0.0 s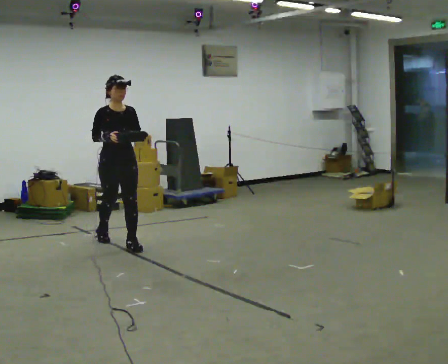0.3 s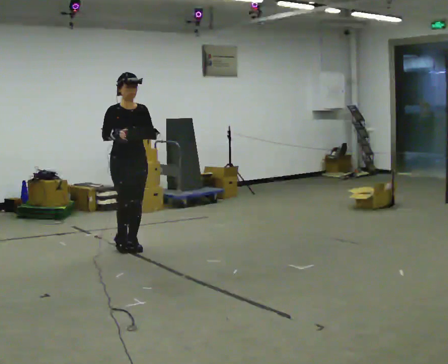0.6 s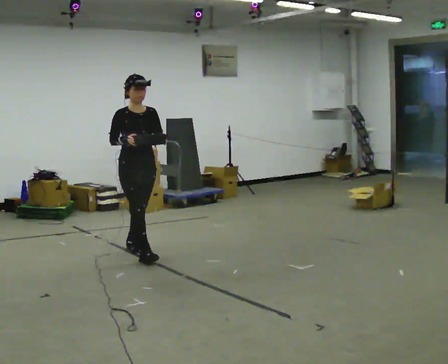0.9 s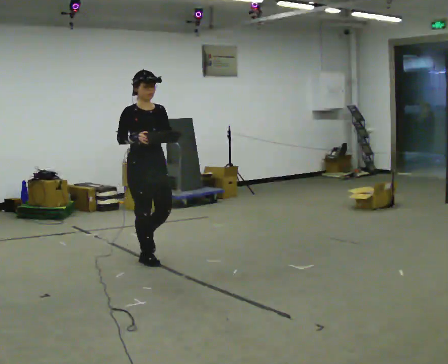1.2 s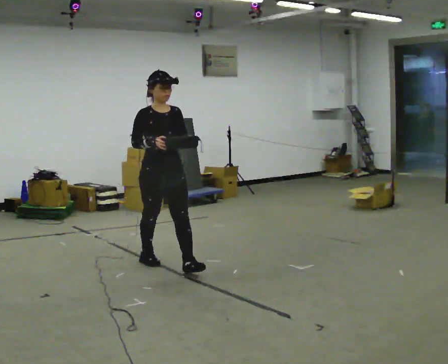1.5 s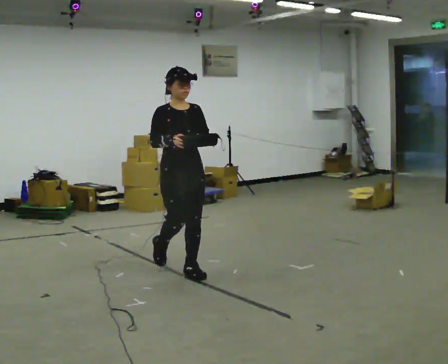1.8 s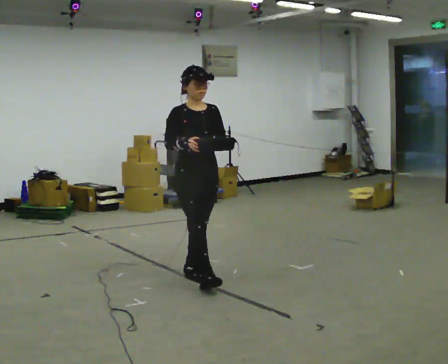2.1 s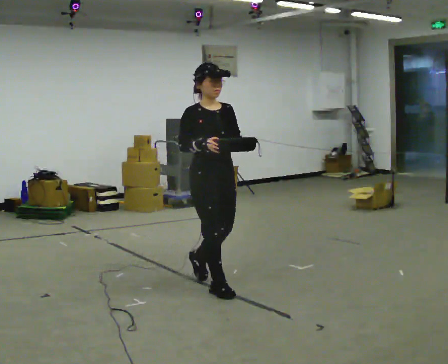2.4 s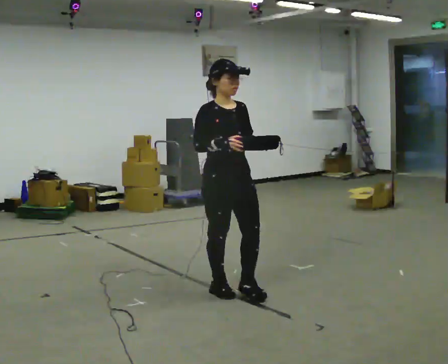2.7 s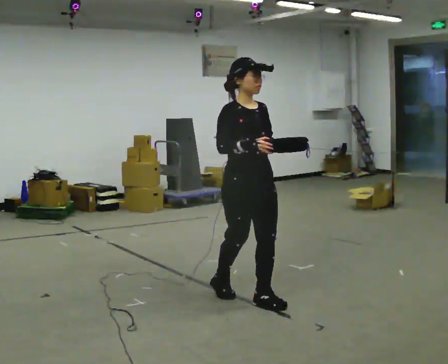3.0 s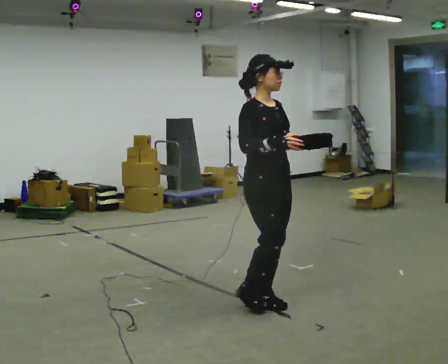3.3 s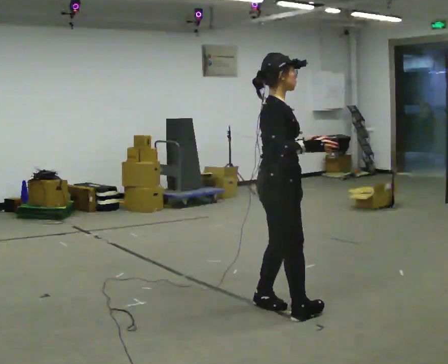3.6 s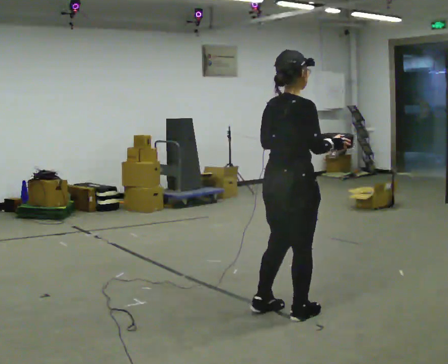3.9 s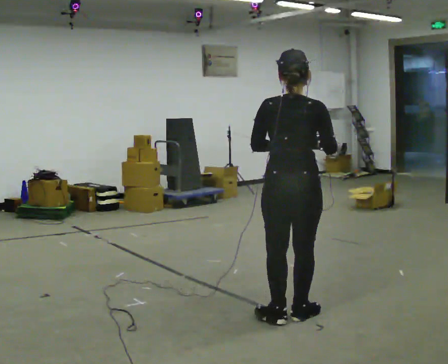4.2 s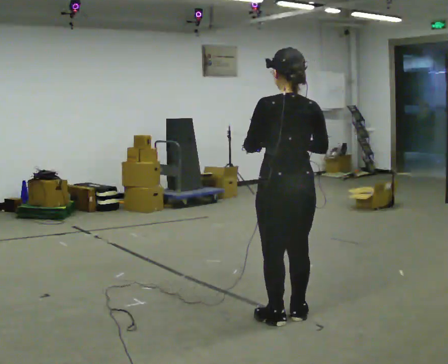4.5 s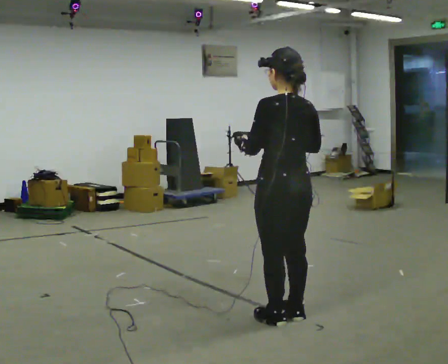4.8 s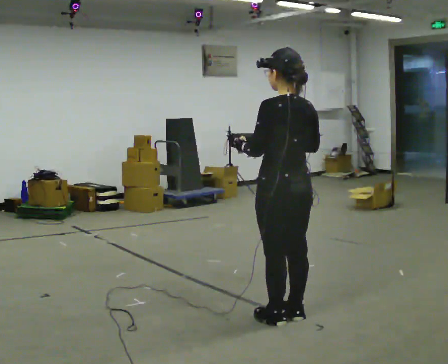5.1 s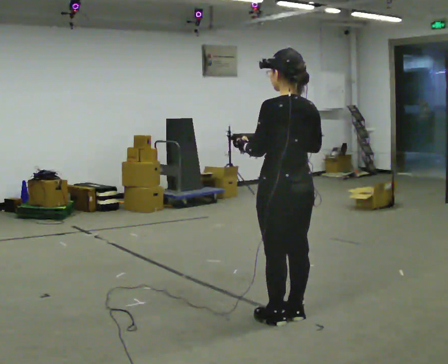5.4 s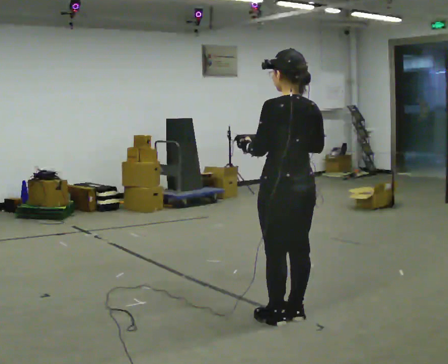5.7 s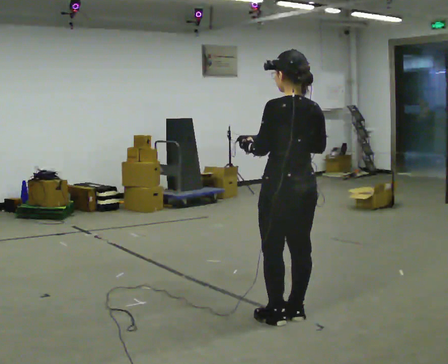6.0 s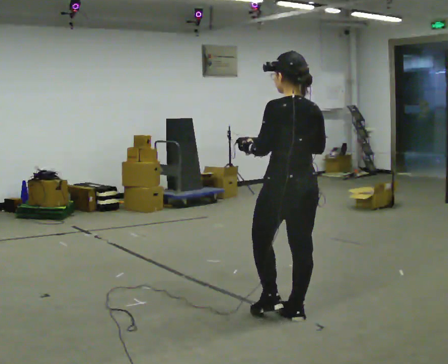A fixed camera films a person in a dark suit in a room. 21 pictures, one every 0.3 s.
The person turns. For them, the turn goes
to their left.
The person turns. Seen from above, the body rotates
counterclockwise.
0.0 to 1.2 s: In the picture they go toward the camera and to the right, about 1 m in 1 step, which for them is forward.
1.2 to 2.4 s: In the picture they go to the right and toward the camera, about 1 m in 2 steps, which for them is forward.
2.4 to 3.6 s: Seen from above the body turns counterclockwise, about 90 degrees: to their left, with its near side sliding to the right. In the picture they go to the right and toward the camera, about 0.5 m in 2 steps.
3.6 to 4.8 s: Seen from above the body turns counterclockwise, about 90 degrees: to their left, with its near side sliding to the right.
4.8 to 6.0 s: The person moves a little, or ends about where they began.
The film runs forward here.
